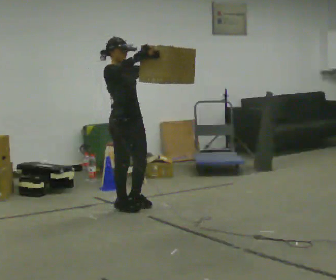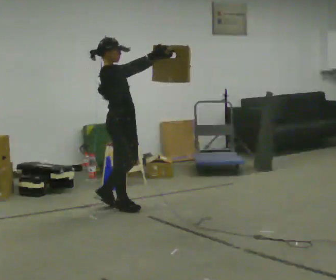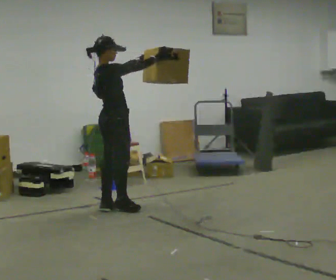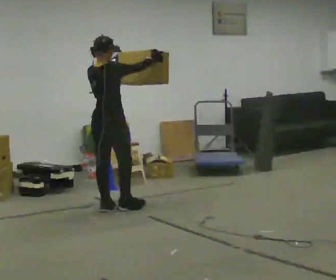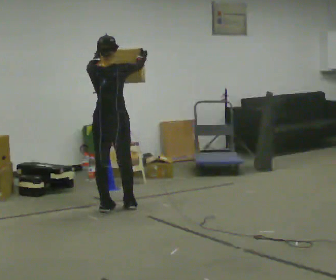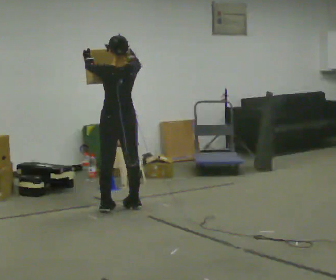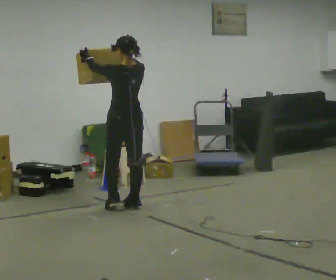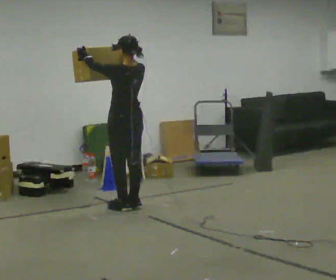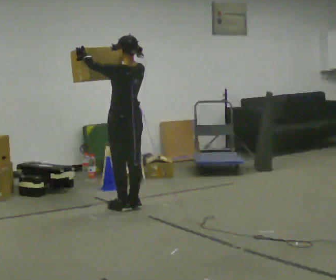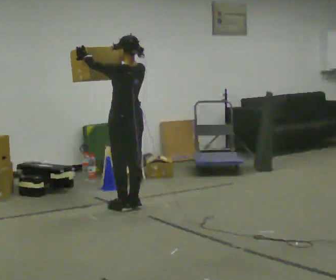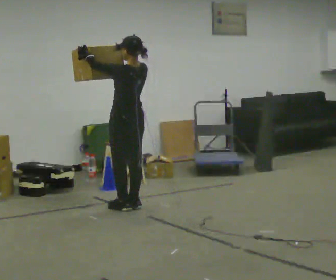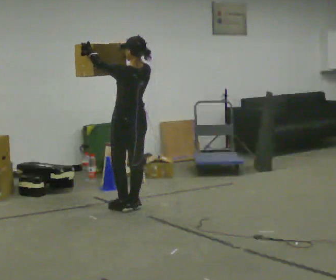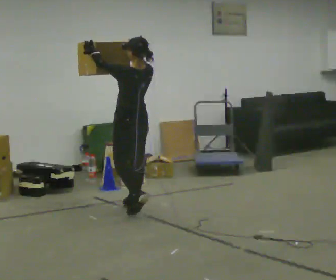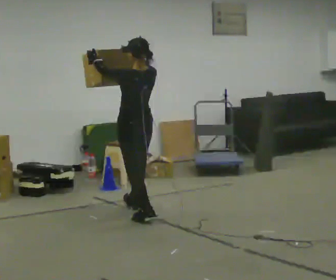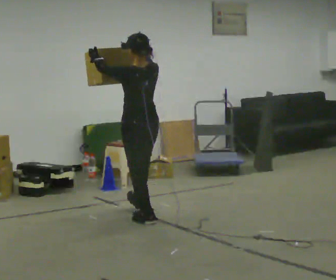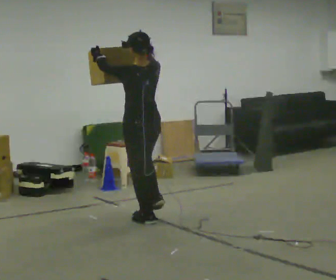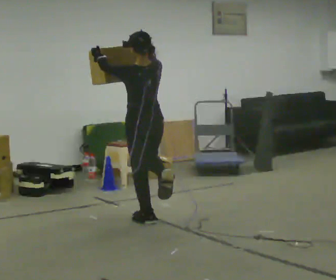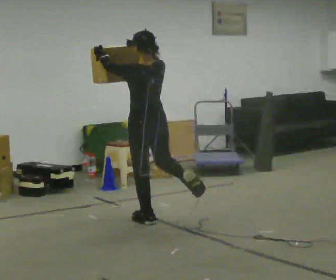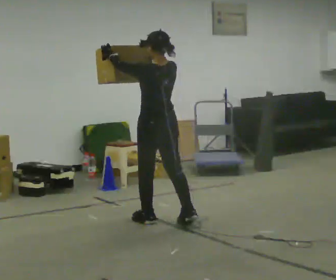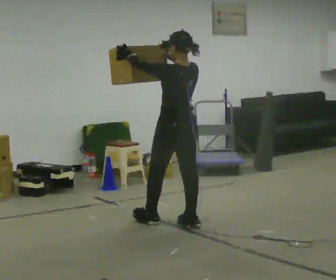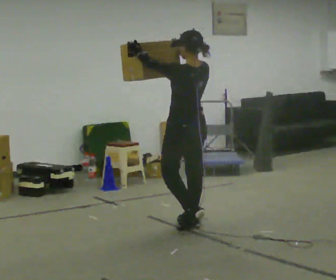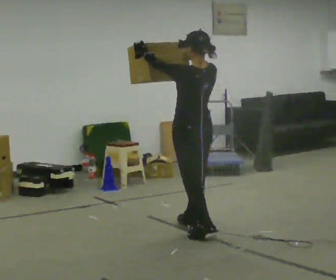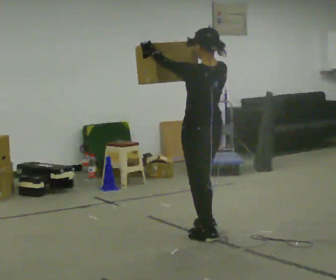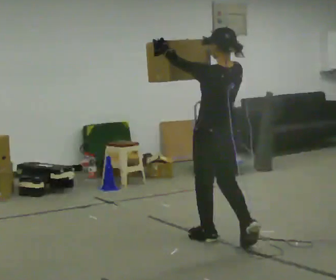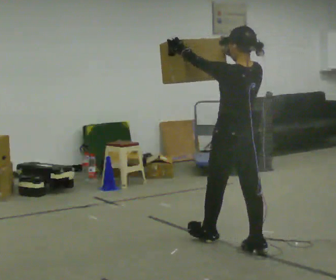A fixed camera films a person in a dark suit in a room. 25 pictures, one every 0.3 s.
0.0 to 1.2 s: The part of the body nearest the lens slides to the right as the person turns to their left by about 120 degrees. In the picture they go to the left, about 0.25 m.
1.2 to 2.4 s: The part of the body nearest the lens slides to the right as the person turns to their left by about 45 degrees.
2.4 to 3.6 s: The person moves a little, or ends about where they began.
3.6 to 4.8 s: In the picture they go toward the camera, about 0.5 m in 1 step, which for them is backward.
4.8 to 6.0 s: In the picture they go to the right and toward the camera, about 0.5 m in 1 step, which for them is backward and to their right.
6.0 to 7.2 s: In the picture they go toward the camera and to the right, about 0.75 m in 1 step, which for them is backward.
The film runs backward here.
